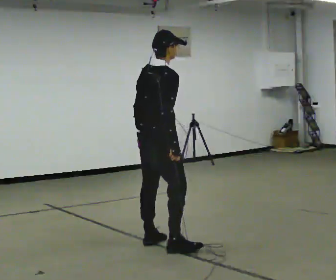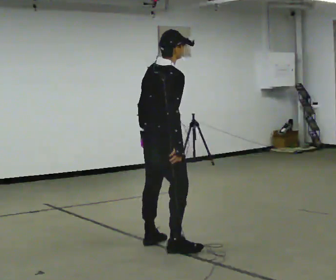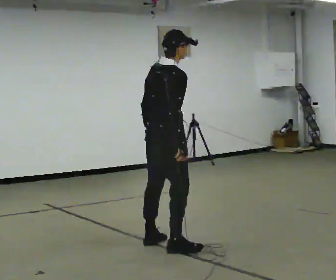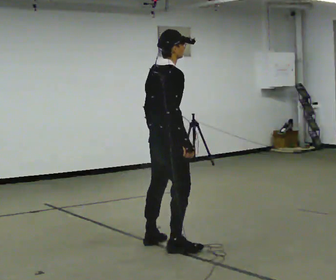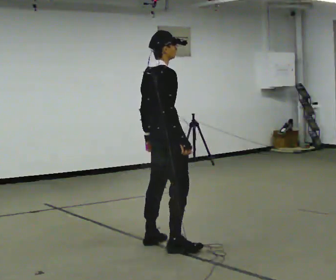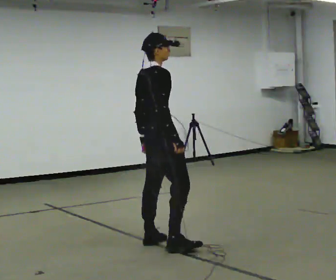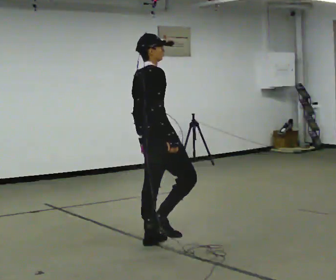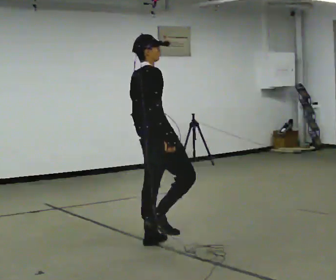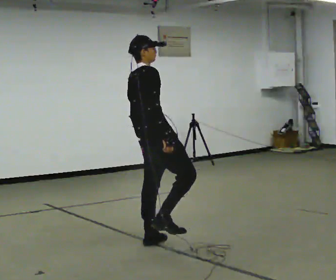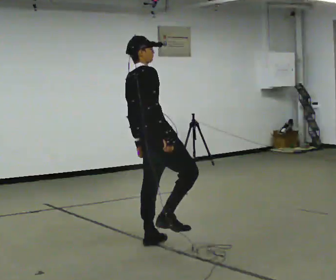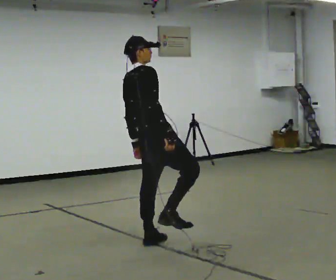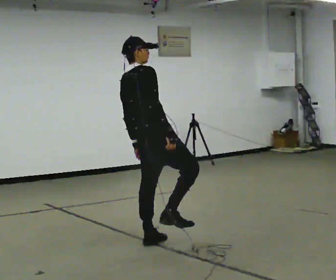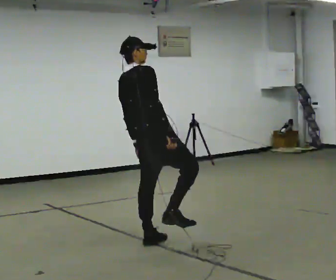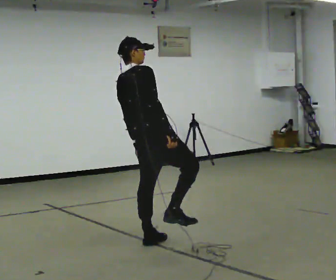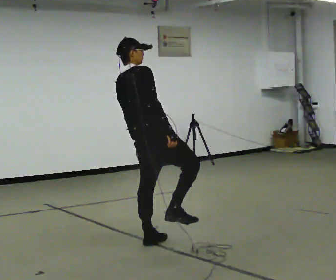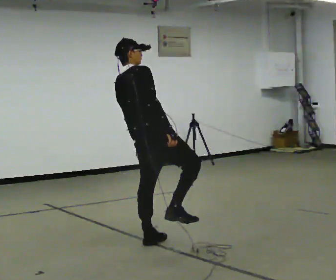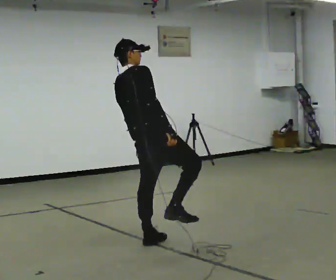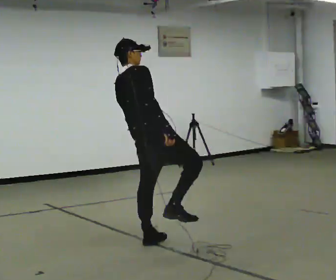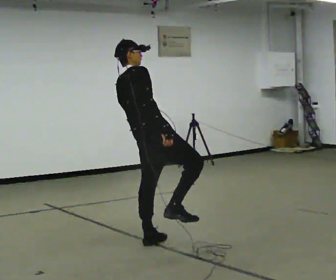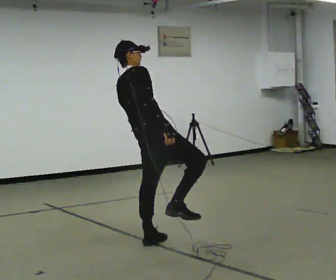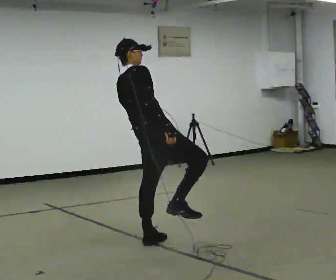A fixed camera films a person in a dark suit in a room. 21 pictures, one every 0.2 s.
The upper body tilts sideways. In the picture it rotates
counterclockwise.
0.0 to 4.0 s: In the picture the upper body tilts counterclockwise, shoulders to the left, as they lean back or straighten.
The film runs backward here.
